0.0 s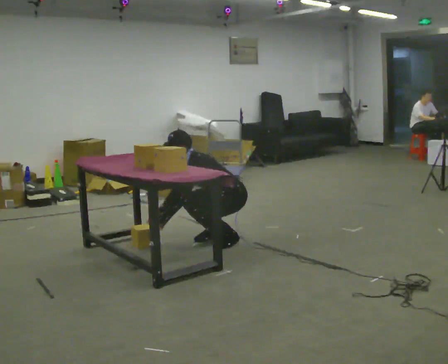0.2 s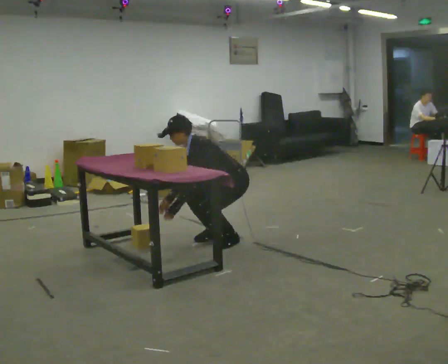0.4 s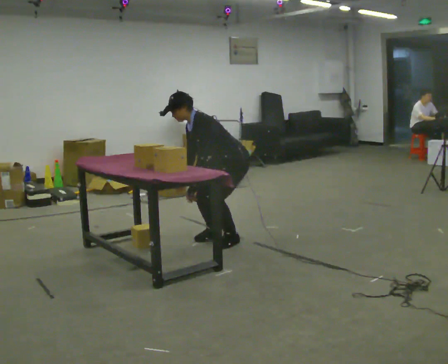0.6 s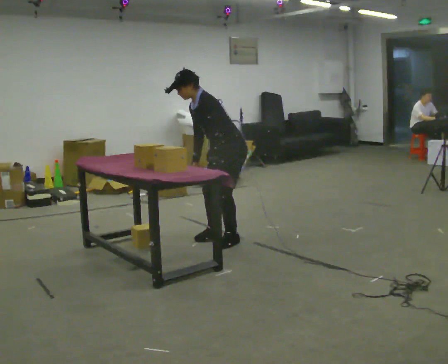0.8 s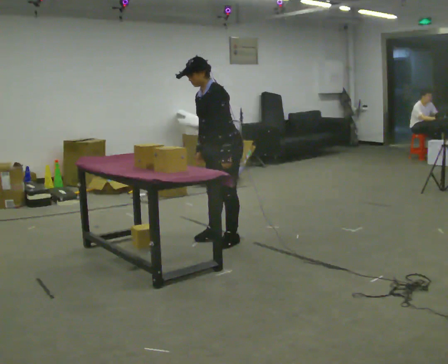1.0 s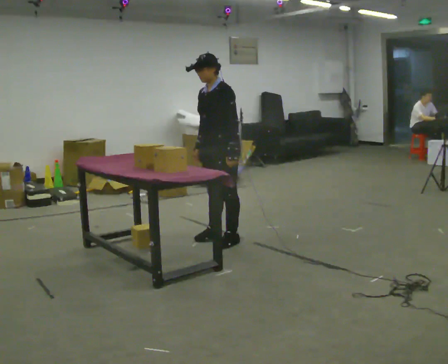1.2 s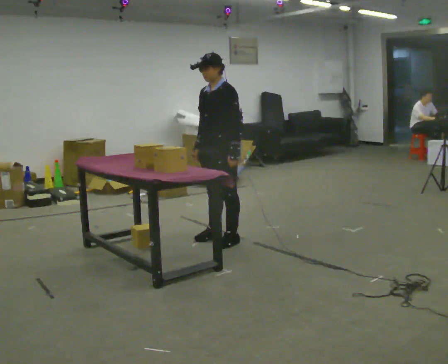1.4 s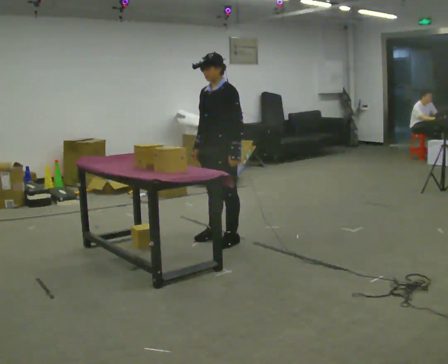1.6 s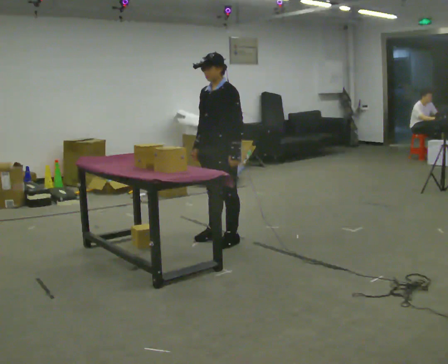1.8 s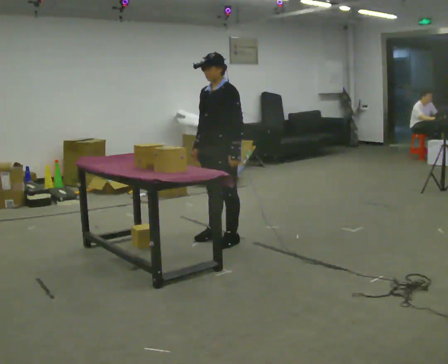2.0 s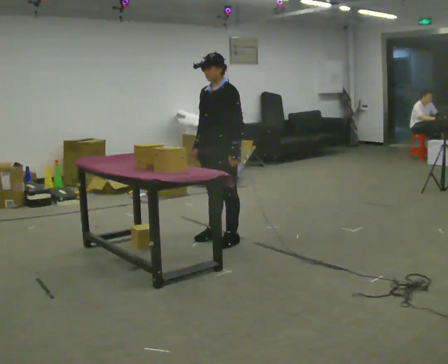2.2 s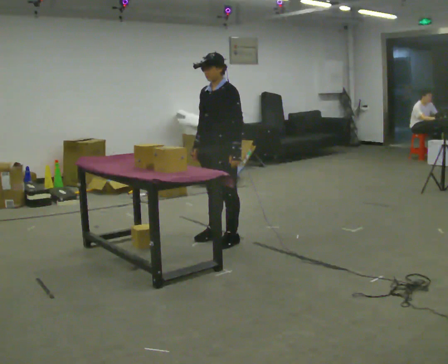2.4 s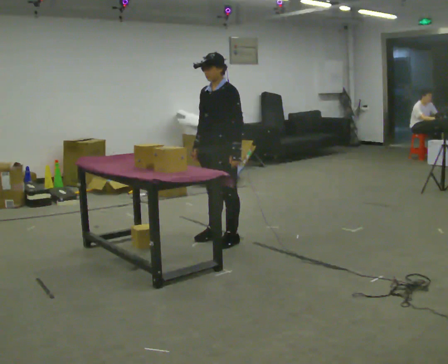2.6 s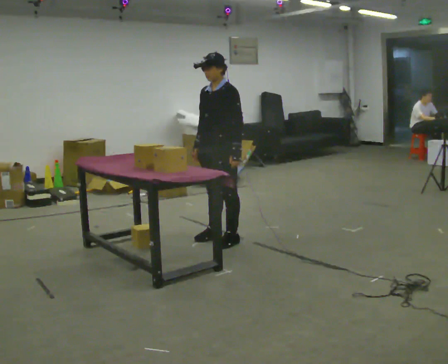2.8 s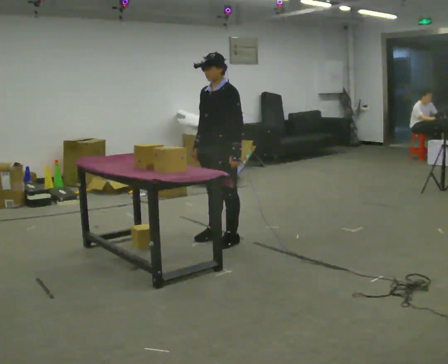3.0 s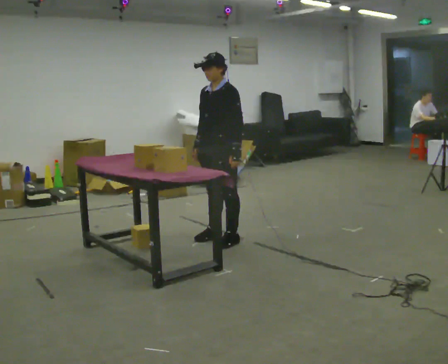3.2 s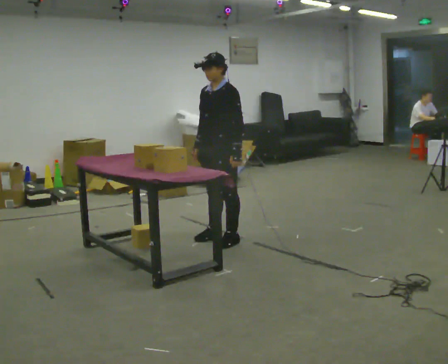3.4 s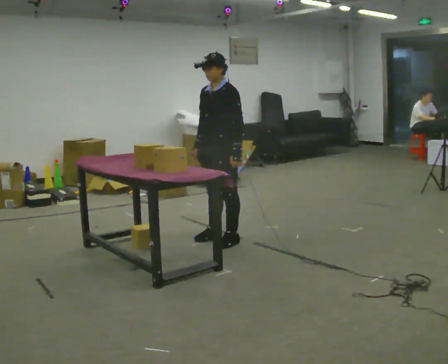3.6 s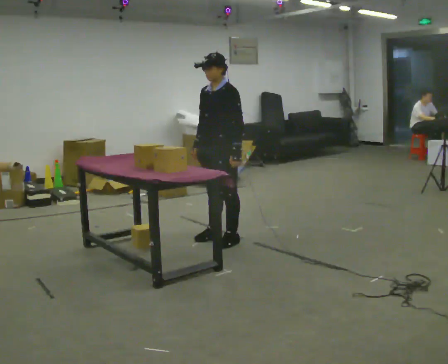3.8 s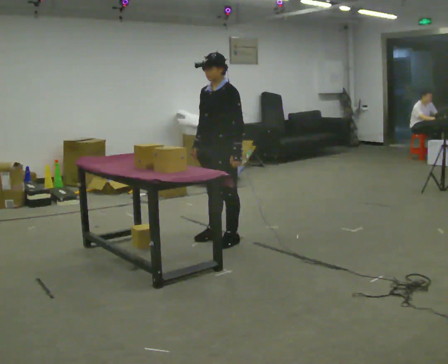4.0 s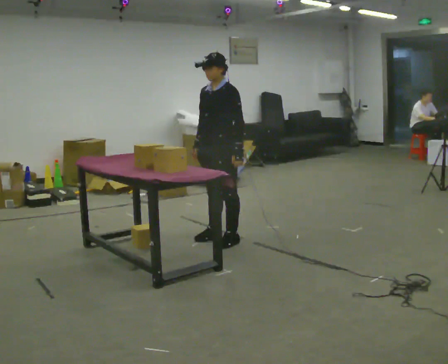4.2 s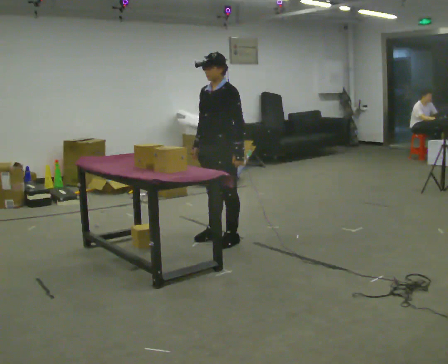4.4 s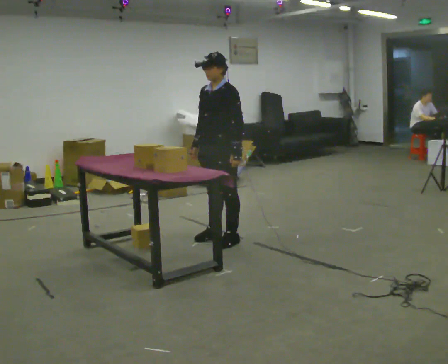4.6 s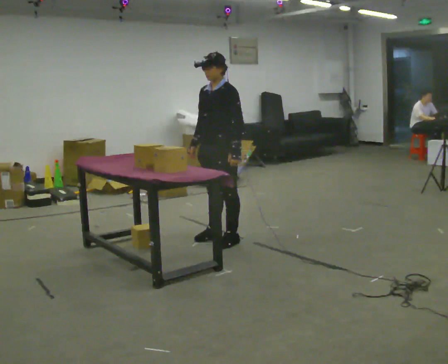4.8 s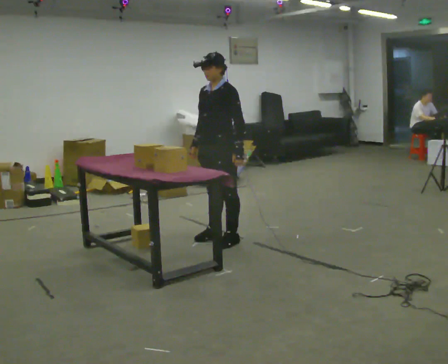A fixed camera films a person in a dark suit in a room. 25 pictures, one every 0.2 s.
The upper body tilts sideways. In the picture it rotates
clockwise.
The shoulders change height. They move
upward.
0.0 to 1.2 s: The shoulders move upward. In the picture the upper body tilts clockwise, shoulders to the right, as they lean back or straighten. In the picture their left hand goes to the right and upward, the arm swinging counterclockwise.
1.2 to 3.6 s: The person keeps their place and pose.
3.6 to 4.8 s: The person moves a little, or ends about where they began.
The film runs backward here.
